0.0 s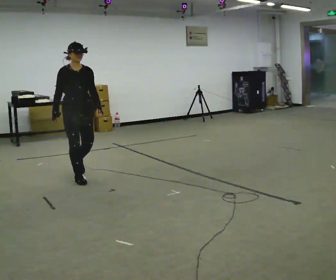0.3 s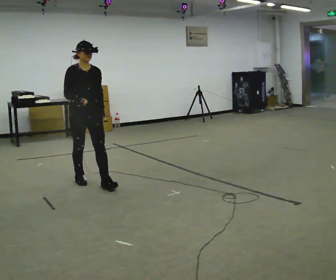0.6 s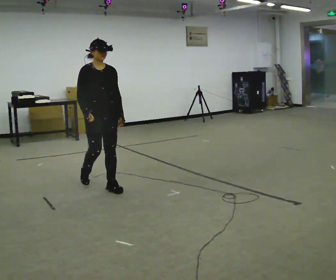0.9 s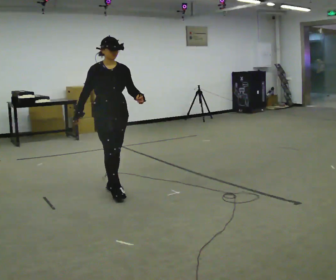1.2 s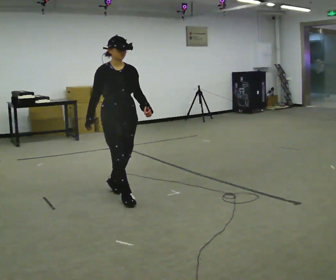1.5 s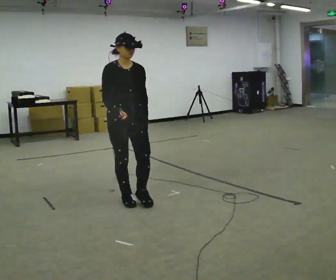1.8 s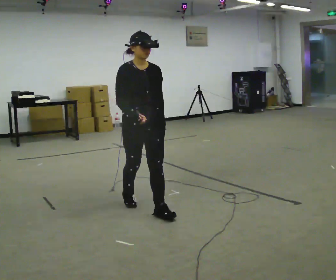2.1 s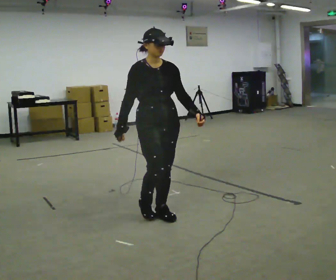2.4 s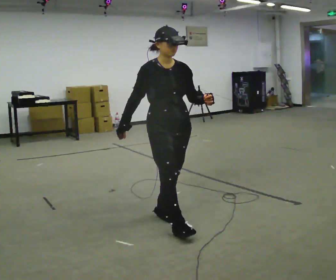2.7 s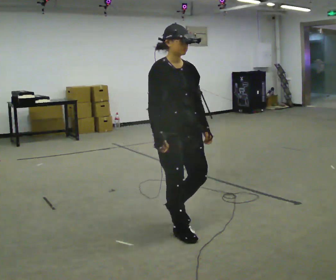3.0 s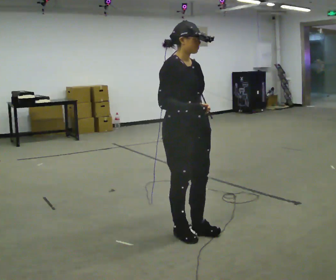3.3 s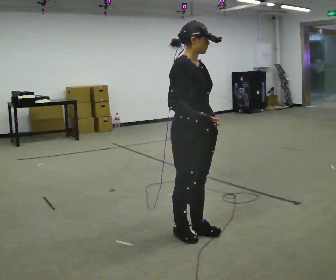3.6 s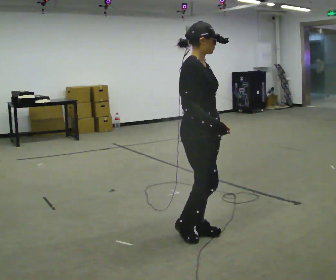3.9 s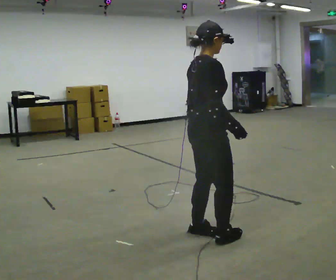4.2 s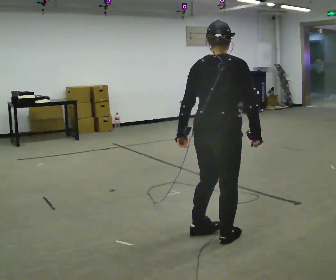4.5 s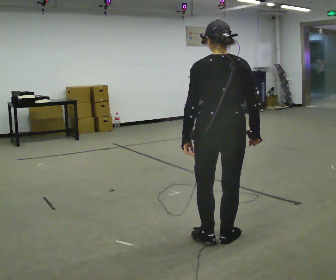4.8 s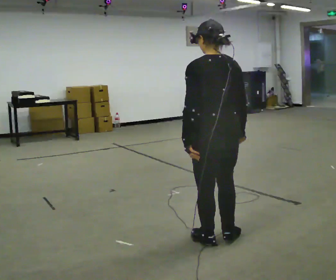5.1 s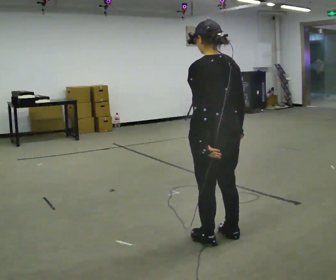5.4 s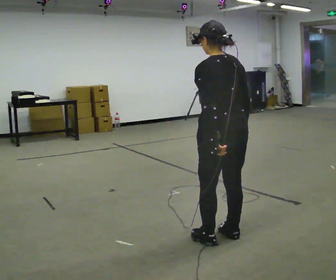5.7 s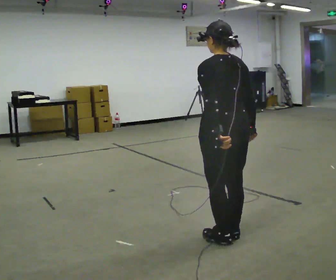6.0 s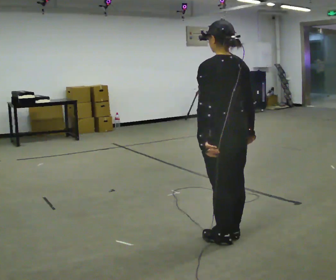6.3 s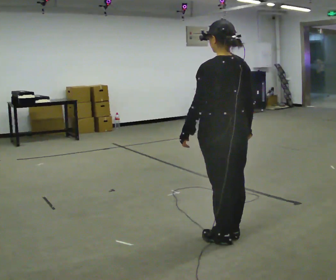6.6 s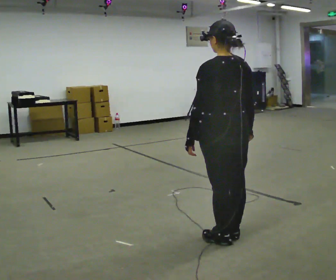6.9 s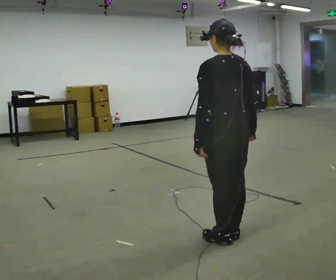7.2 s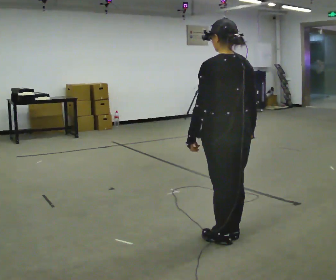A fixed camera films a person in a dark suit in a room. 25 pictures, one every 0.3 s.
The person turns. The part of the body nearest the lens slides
to the right.
The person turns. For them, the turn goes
to their left.
0.0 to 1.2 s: In the picture they go to the right and toward the camera, about 1 m in 2 steps, which for them is forward.
1.2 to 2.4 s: In the picture they go toward the camera and to the right, about 1 m in 1 step, which for them is forward.
2.4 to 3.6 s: The part of the body nearest the lens slides to the right as the person turns to their left by about 30 degrees. In the picture they go to the right and toward the camera, about 0.25 m in 2 steps, which for them is forward.
3.6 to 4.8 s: The person turns about 135 degrees to their left, counterclockwise seen from above, so the part of the body nearest the lens slides to the right. In the picture they go toward the camera, about 0.25 m in 2 steps.
4.8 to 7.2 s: The person moves a little, or ends about where they began.
The film runs forward here.
